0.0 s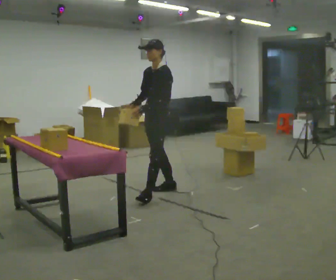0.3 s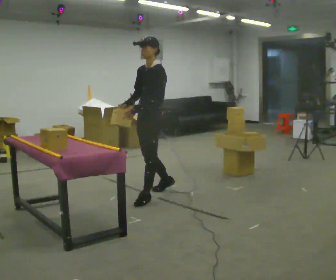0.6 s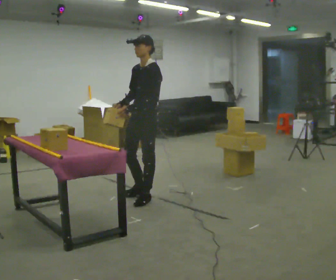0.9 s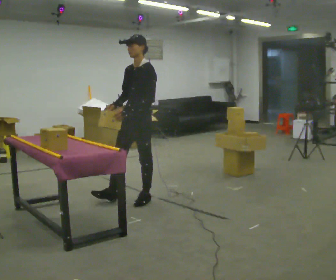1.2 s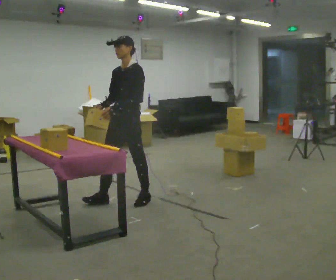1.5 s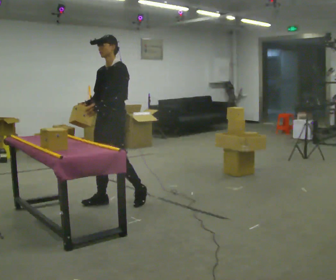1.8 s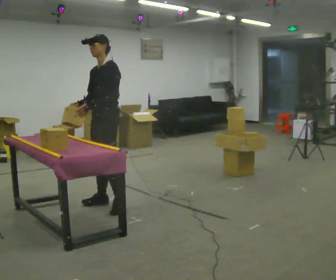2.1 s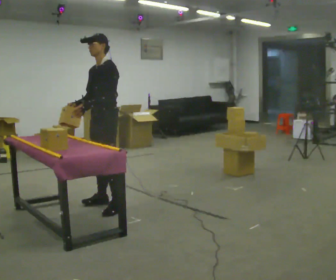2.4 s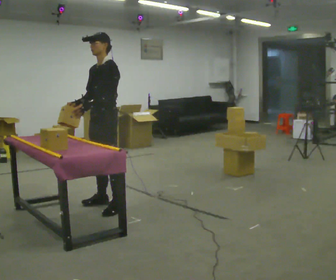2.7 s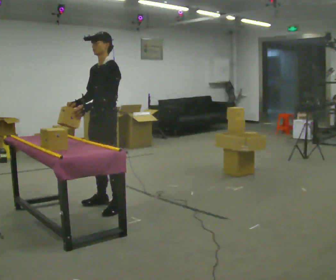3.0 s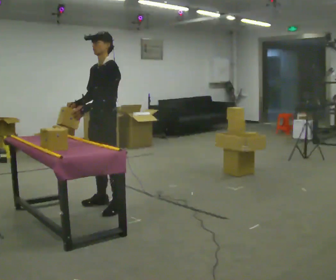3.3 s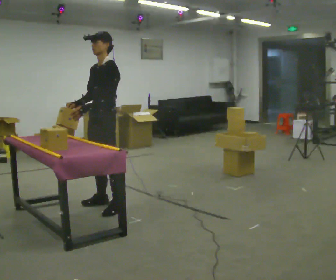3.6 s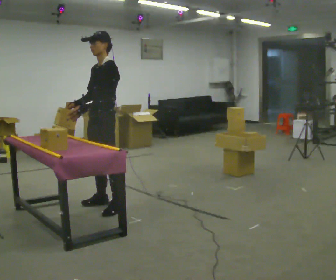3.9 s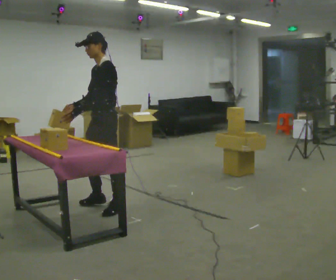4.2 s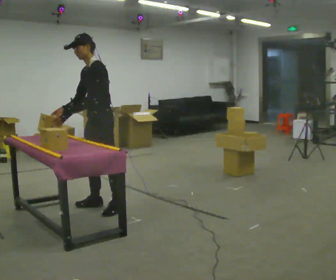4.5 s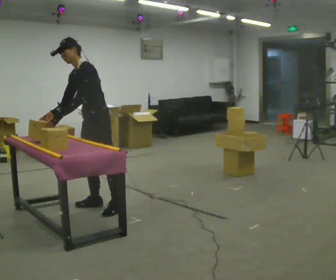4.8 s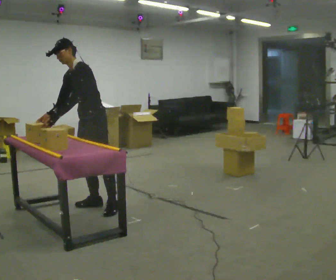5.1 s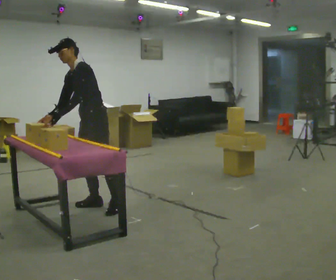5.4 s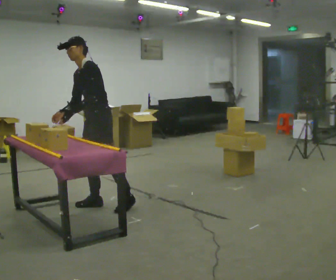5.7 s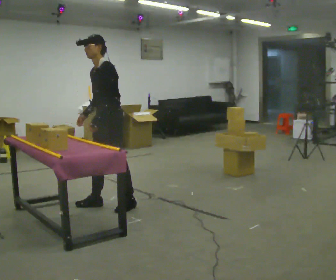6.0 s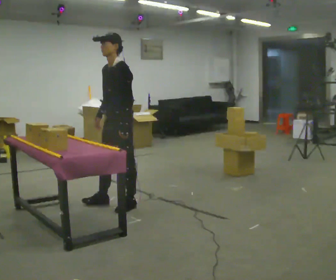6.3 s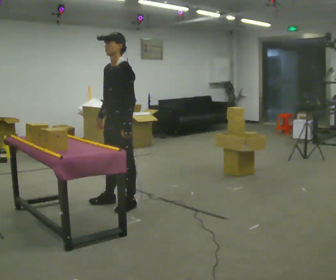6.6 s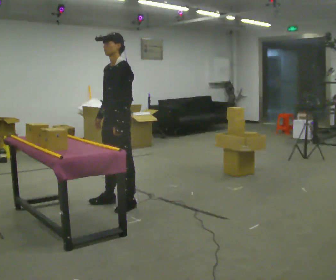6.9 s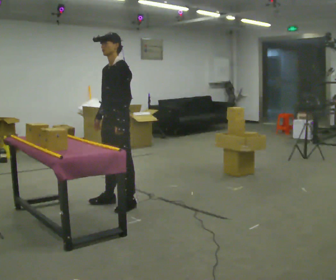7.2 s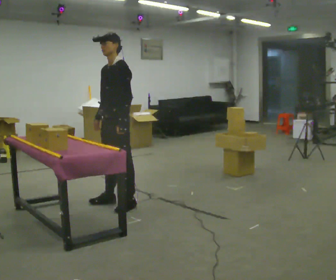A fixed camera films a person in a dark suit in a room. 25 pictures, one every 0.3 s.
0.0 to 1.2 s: In the picture they go to the left and toward the camera, about 0.5 m in 1 step, which for them is forward.
1.2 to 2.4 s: In the picture they go to the left, about 0.25 m in 1 step, which for them is forward.
2.4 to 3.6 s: The person moves a little, or ends about where they began.
3.6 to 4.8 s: In the picture the upper body tilts counterclockwise, shoulders to the left, as they bend forward.
4.8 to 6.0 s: In the picture they go to the right, about 0.25 m, which for them is backward and to their left. In the picture the upper body tilts clockwise, shoulders to the right, as they lean back or straighten.
6.0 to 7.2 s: The person moves a little, or ends about where they began.
The film runs forward here.
